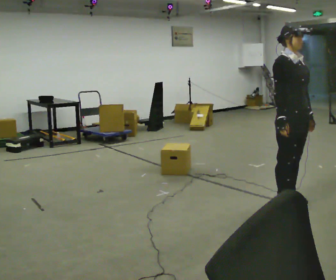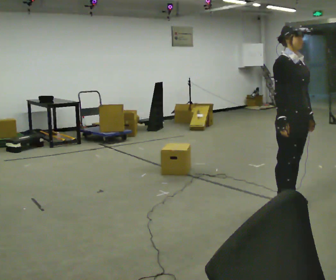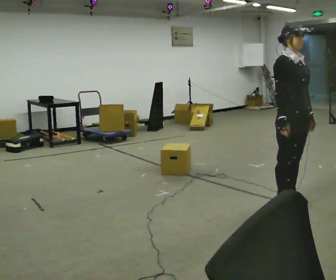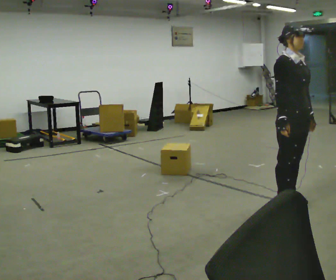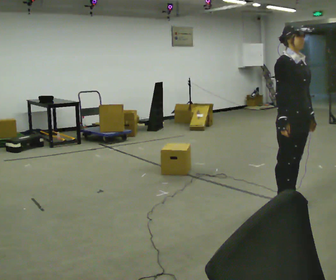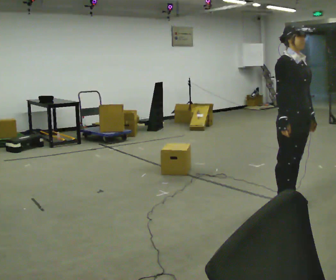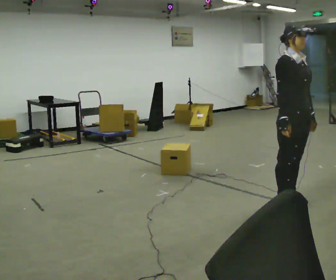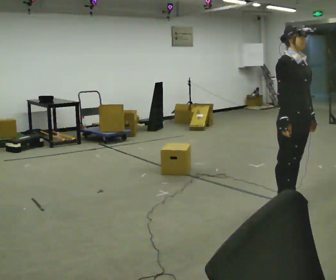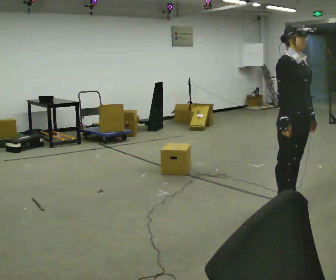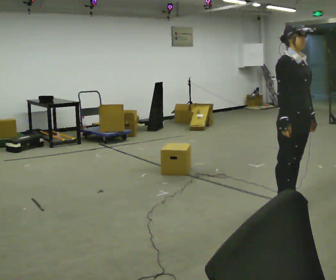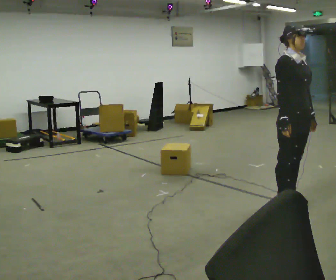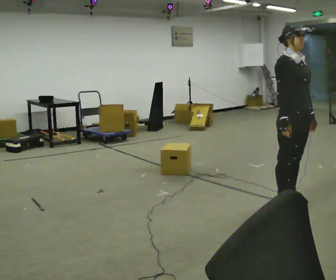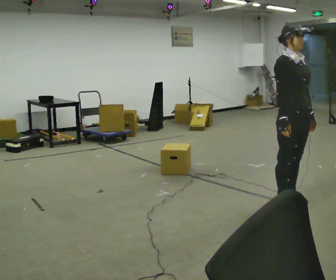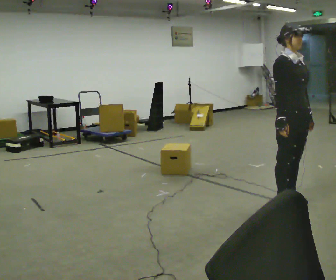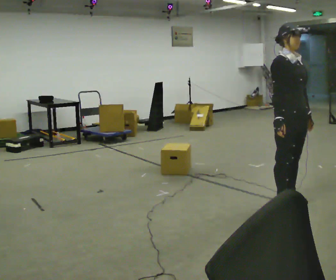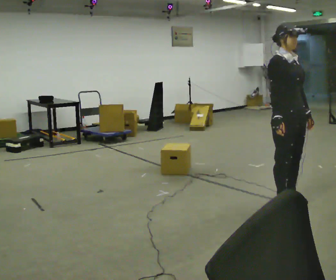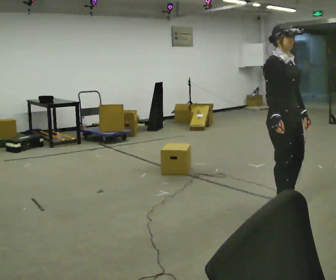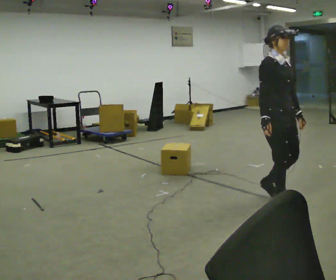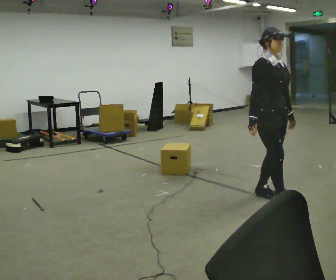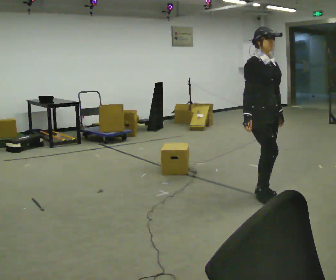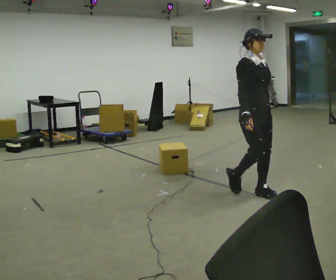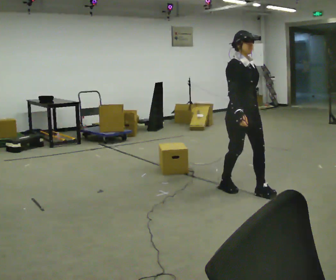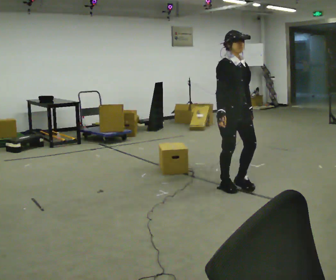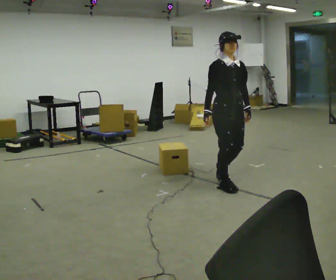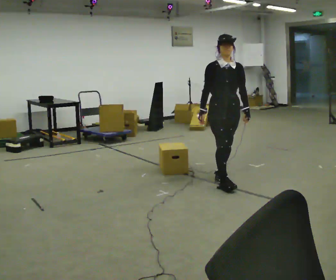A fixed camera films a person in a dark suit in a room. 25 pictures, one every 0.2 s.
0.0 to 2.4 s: The person moves a little, or ends about where they began.
2.4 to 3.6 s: In the picture they go to the left, about 0.25 m in 1 step, which for them is backward.
3.6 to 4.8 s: Seen from above the body turns clockwise, about 30 degrees: to their right, with its near side sliding to the left. In the picture they go away from the camera and to the left, about 0.5 m in 2 steps, which for them is backward.
The film runs backward here.
